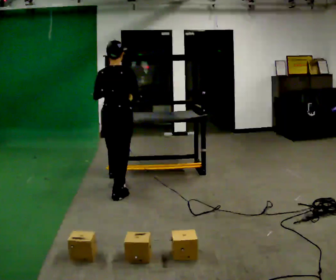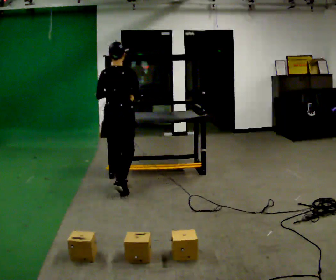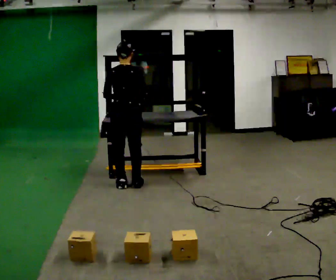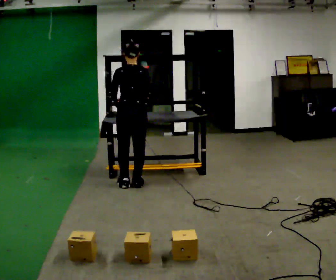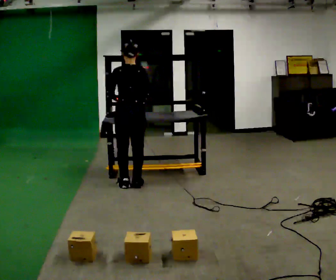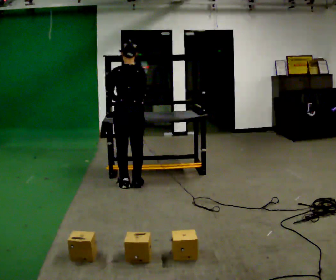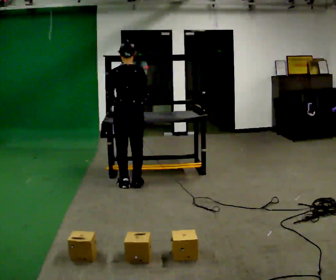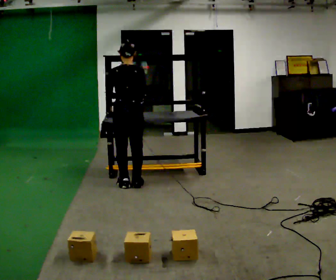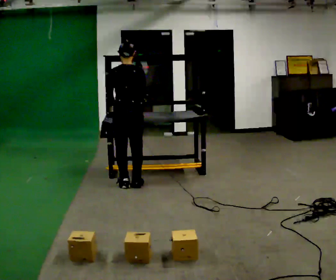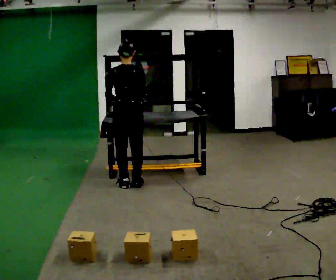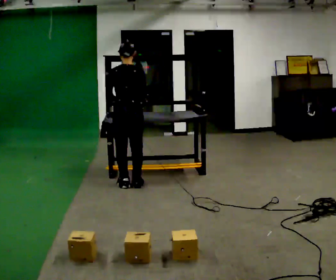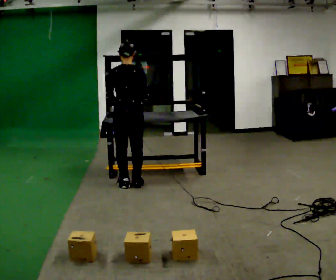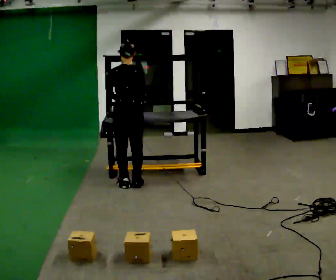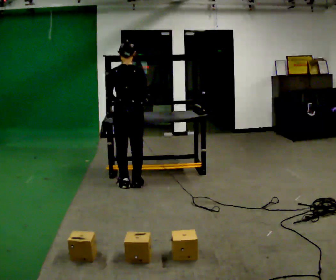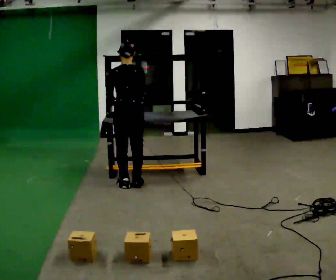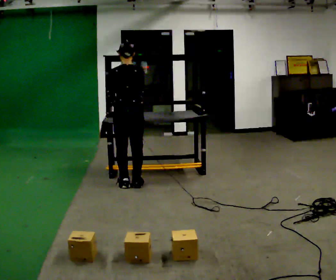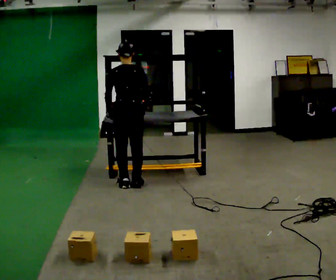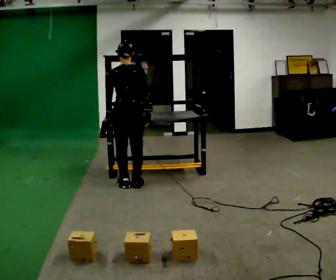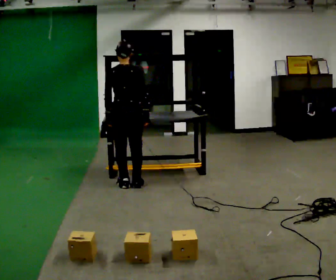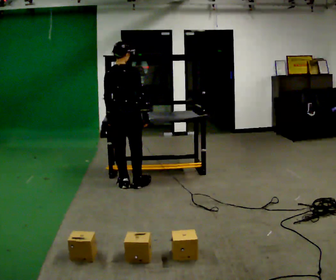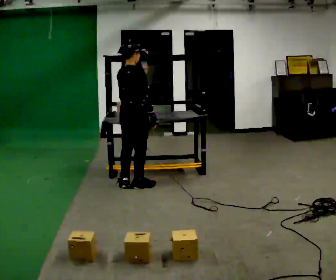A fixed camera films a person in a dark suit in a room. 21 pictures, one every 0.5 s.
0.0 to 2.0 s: In the picture they go away from the camera, about 0.25 m in 2 steps, which for them is forward.
2.0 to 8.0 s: The person moves a little, or ends about where they began.
8.0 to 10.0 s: The person turns about 45 degrees to their right, clockwise seen from above, so the part of the body nearest the lens slides to the left.
The film runs forward here.
